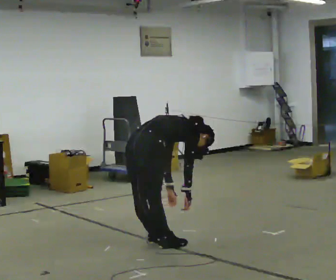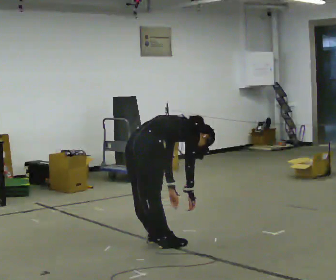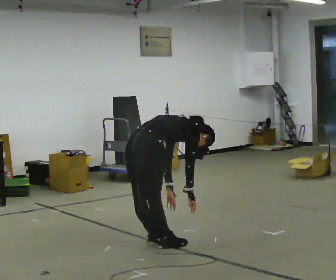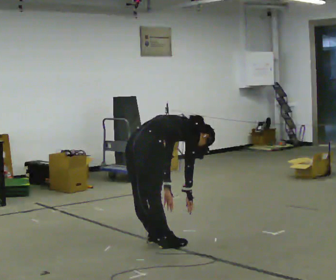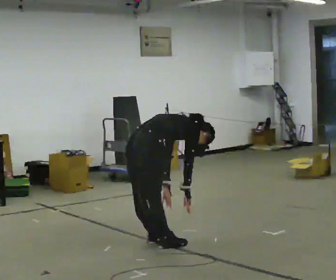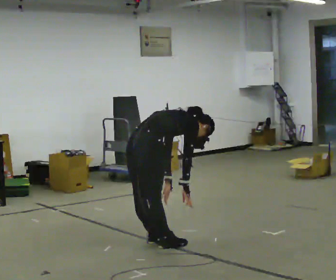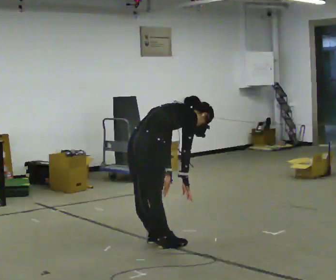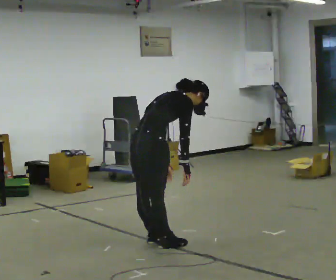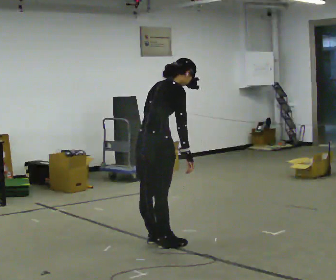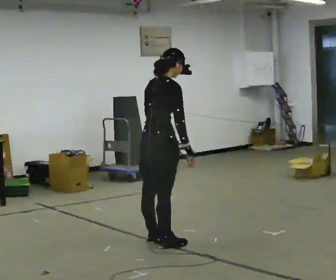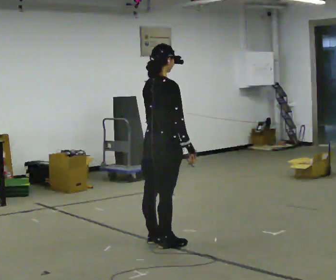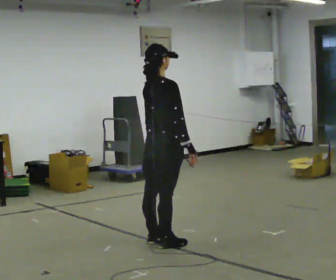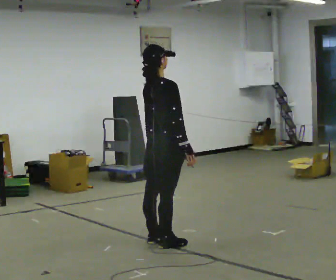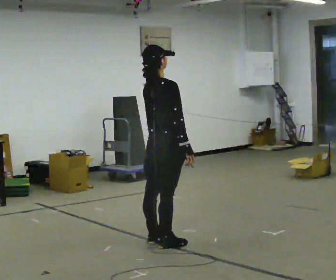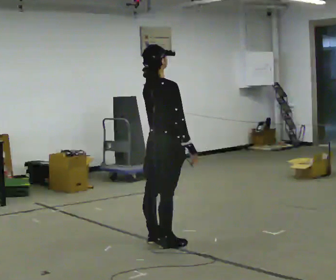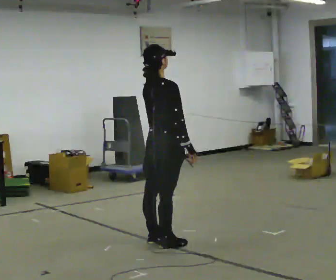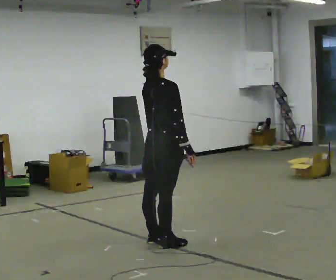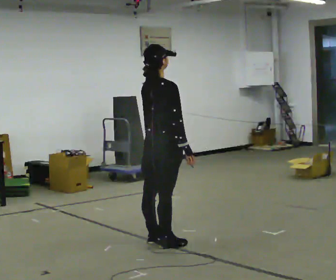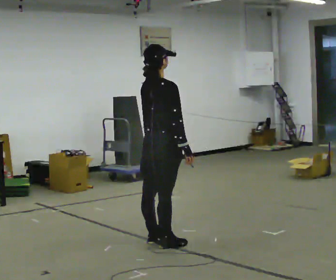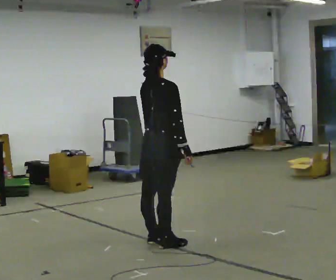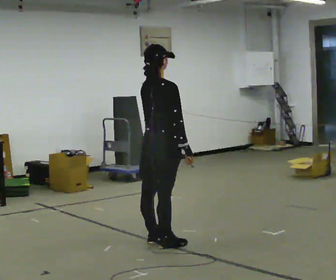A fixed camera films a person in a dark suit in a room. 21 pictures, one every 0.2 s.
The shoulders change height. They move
upward.
The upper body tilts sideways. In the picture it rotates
counterclockwise.
0.0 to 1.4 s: The shoulders move upward. In the picture the upper body tilts counterclockwise, shoulders to the left, as they lean back or straighten.
1.4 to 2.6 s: In the picture the upper body tilts counterclockwise, shoulders to the left, as they lean back or straighten.
2.6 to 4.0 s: The person moves a little, or ends about where they began.
The film runs forward here.
